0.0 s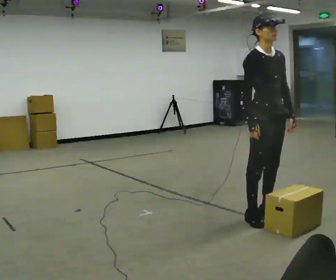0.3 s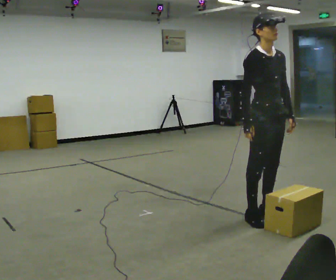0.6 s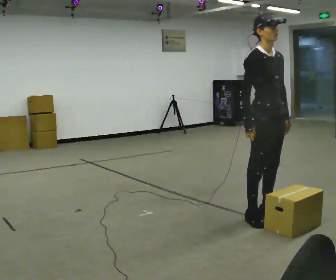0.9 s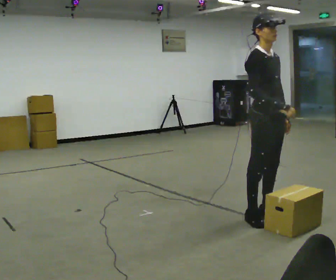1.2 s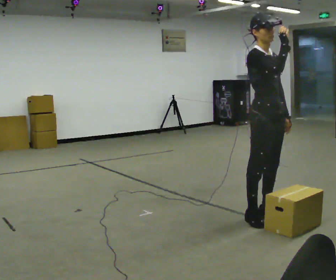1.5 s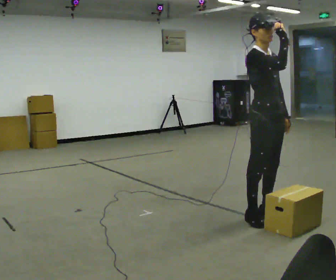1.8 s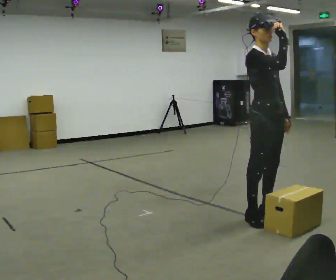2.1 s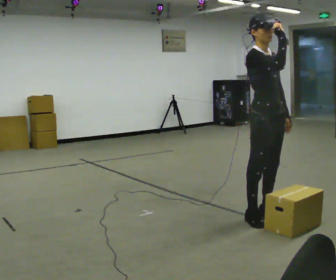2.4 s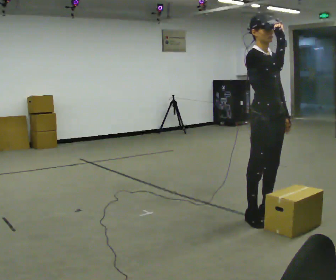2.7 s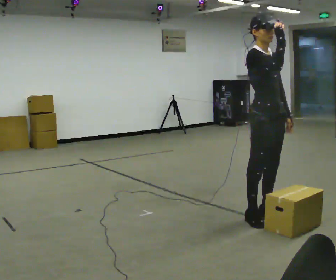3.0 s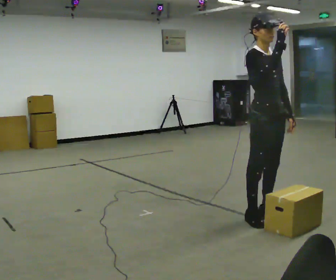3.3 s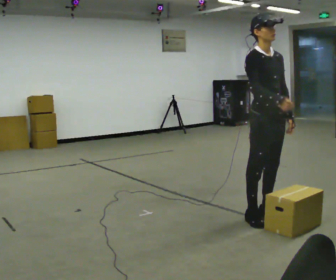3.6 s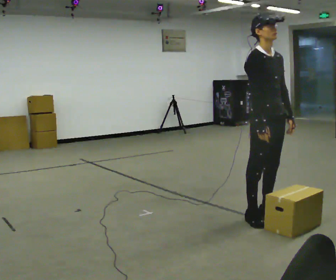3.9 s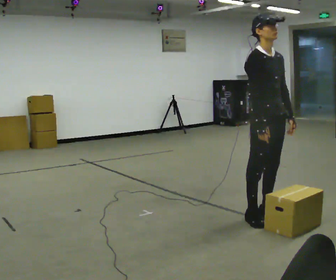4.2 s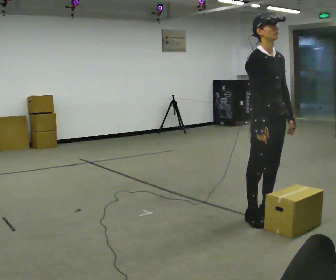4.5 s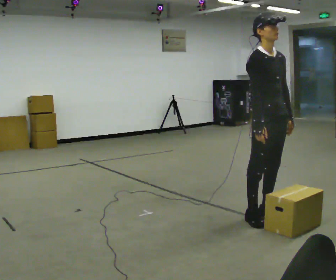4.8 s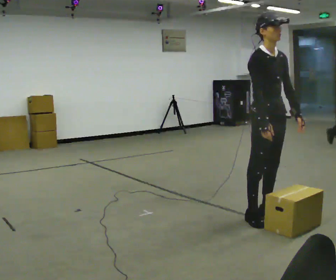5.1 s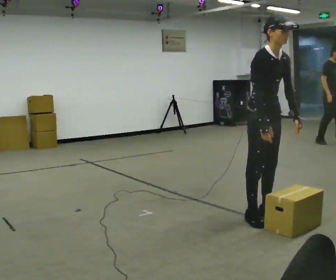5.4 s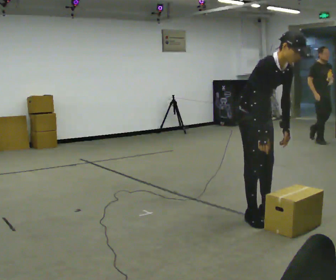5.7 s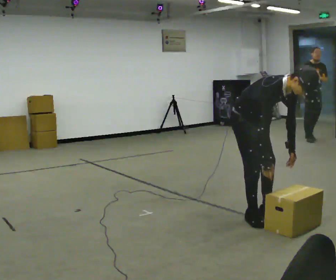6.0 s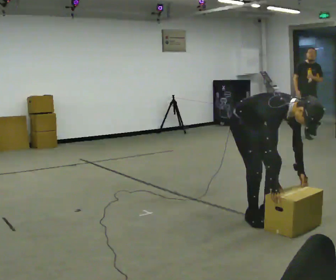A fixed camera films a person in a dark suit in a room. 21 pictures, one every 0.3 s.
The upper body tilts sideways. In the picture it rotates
clockwise.
Their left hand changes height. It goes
downward.
0.0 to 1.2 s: In the picture their right hand goes upward.
1.2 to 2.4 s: The person moves a little, or ends about where they began.
2.4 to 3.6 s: In the picture their right hand goes downward.
3.6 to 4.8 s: The person moves a little, or ends about where they began.
4.8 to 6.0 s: In the picture they go to the left, about 0.25 m, which for them is backward. The shoulders move downward. In the picture the upper body tilts clockwise, shoulders to the right, as they bend forward. In the picture their right hand goes downward.
The film runs backward here.
